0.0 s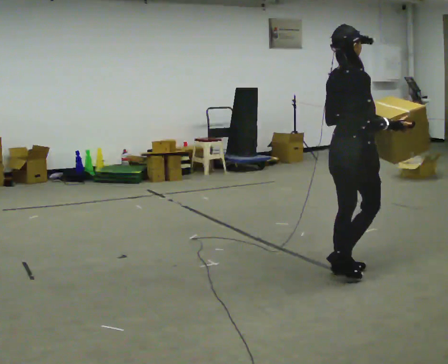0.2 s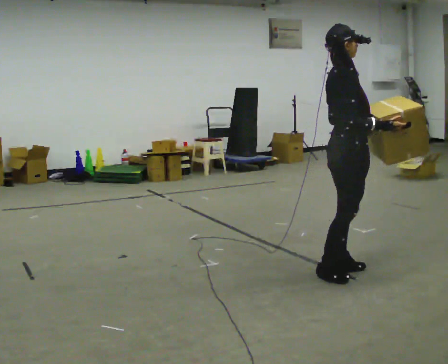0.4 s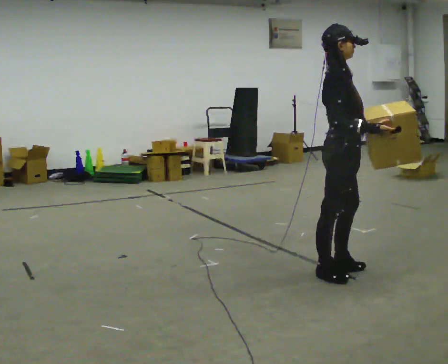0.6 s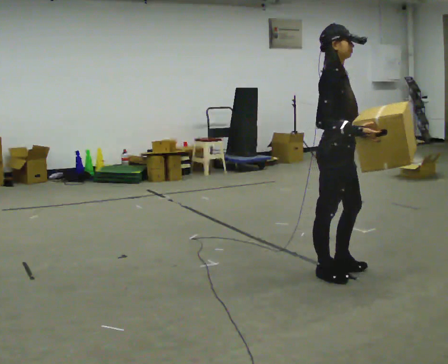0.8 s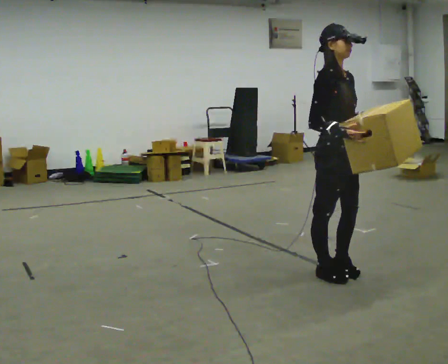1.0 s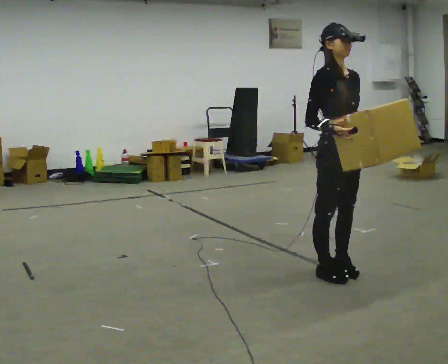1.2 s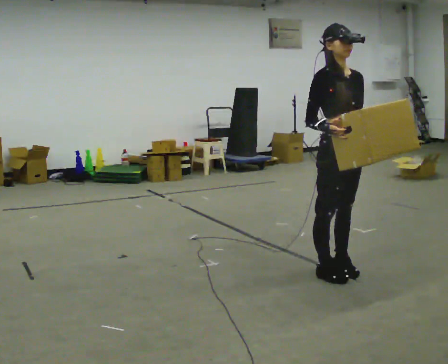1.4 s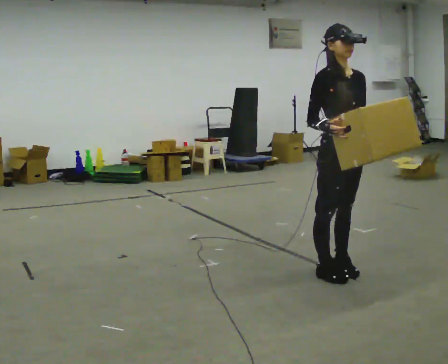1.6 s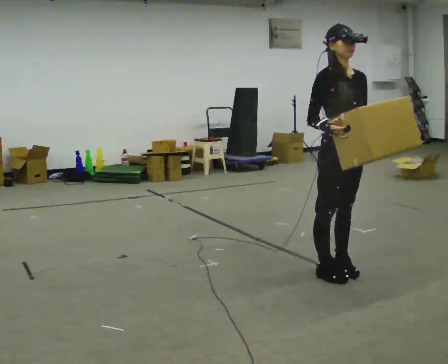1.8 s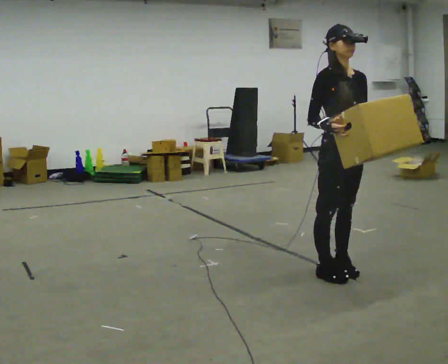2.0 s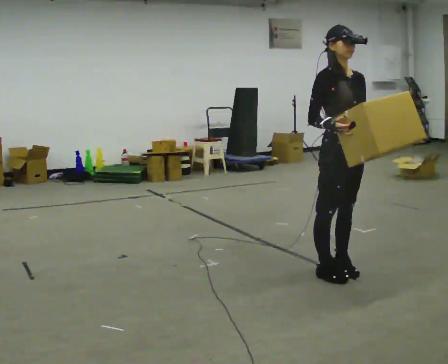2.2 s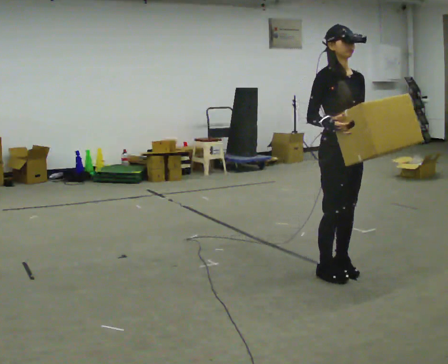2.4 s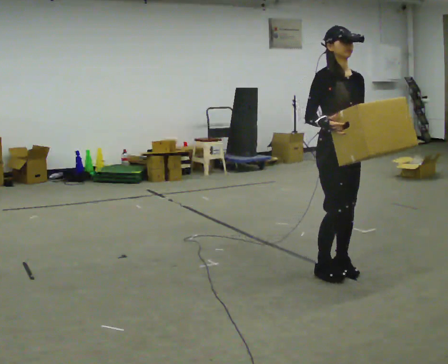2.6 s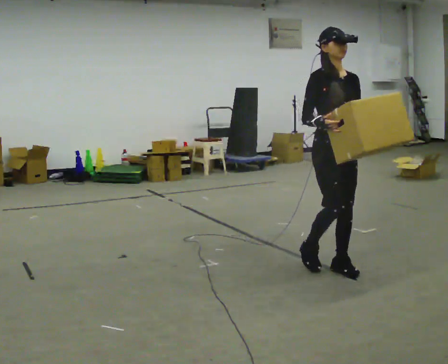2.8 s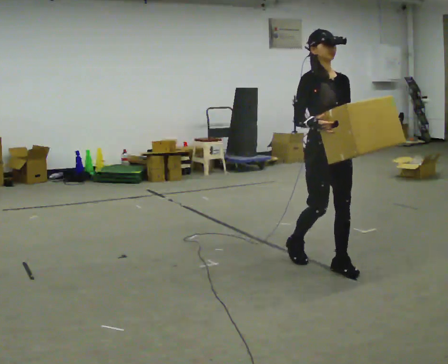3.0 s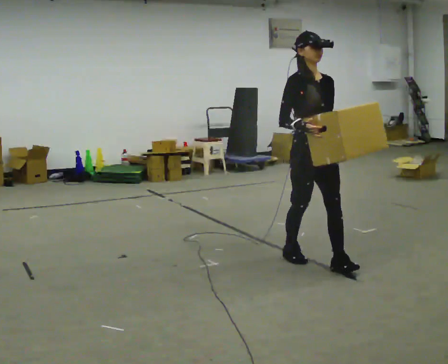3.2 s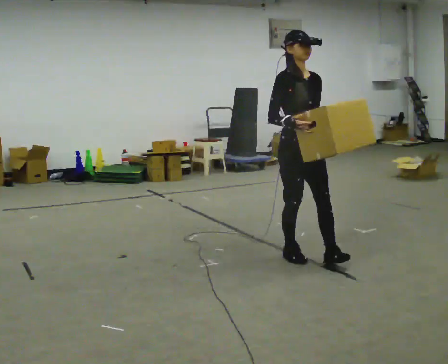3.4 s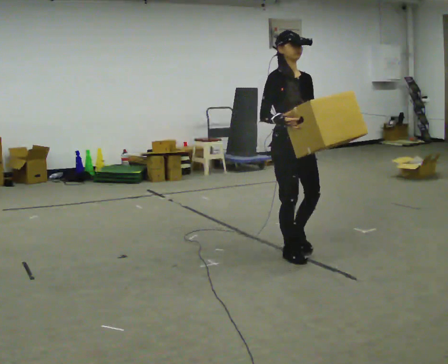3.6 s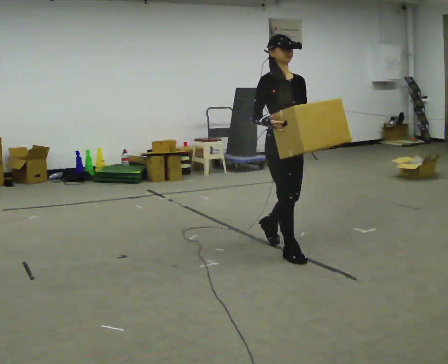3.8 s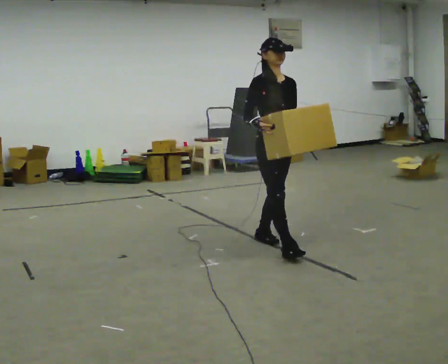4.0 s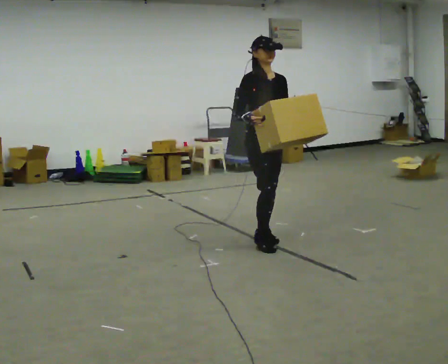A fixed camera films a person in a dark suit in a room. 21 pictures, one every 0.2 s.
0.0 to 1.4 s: Seen from above the body turns clockwise, about 90 degrees: to their right, with its near side sliding to the left. In the picture their right hand goes to the left.
1.4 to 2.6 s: The person moves a little, or ends about where they began.
2.6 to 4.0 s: In the picture they go to the left and away from the camera, about 1 m in 2 steps, which for them is backward.
The film runs backward here.
